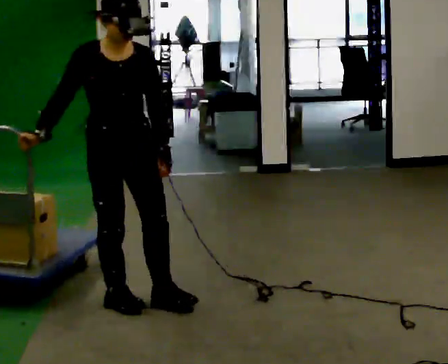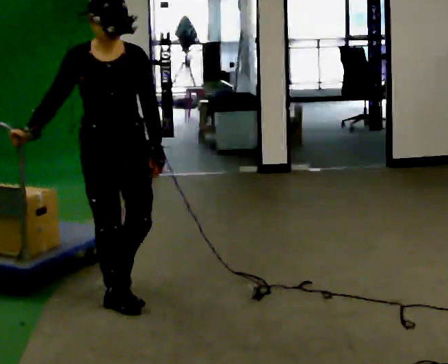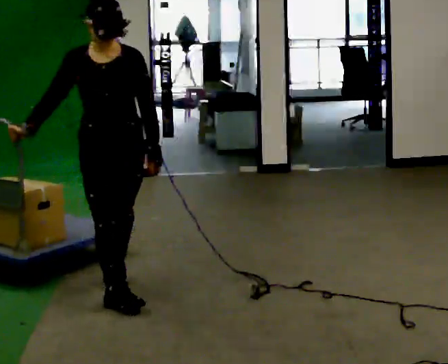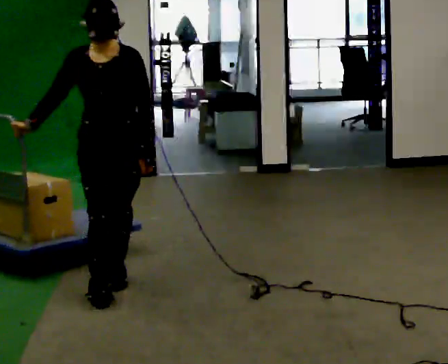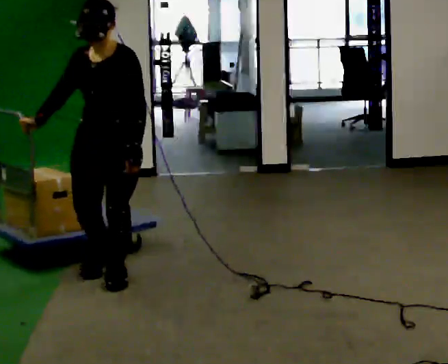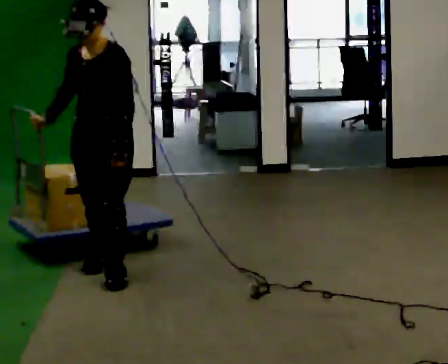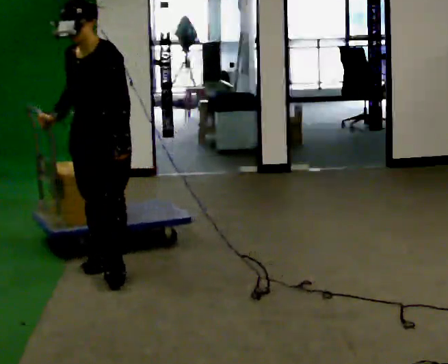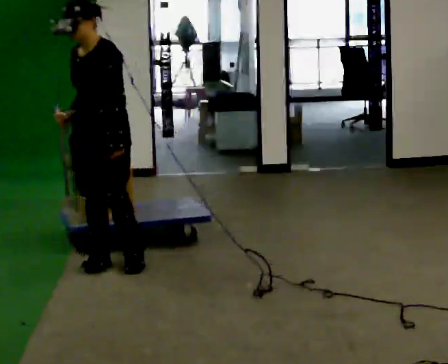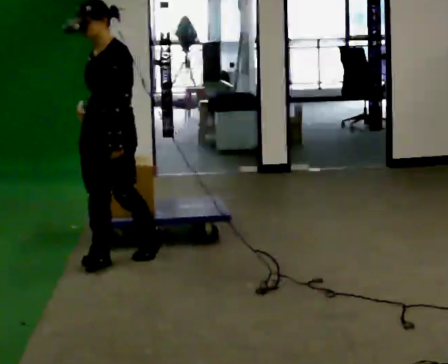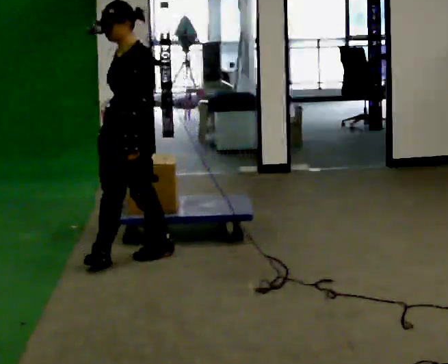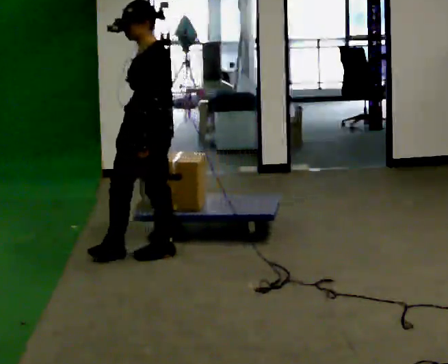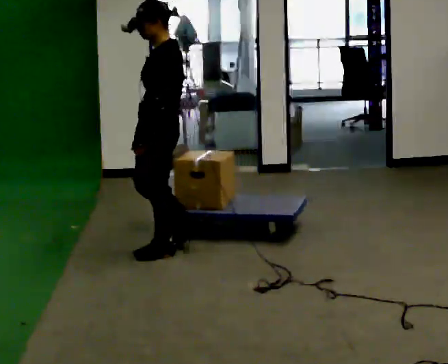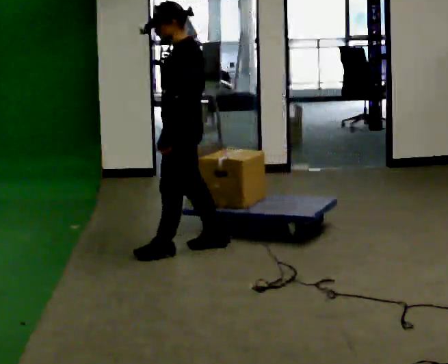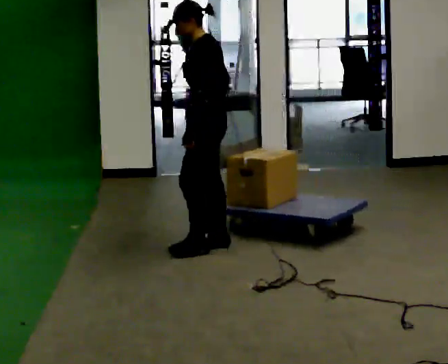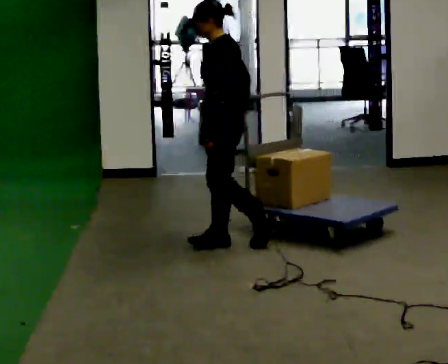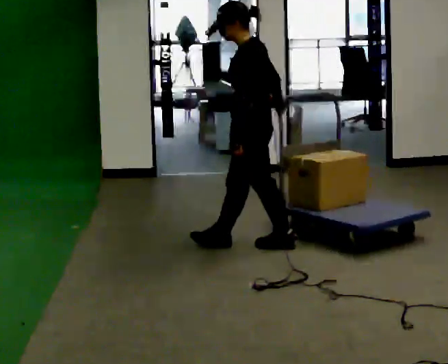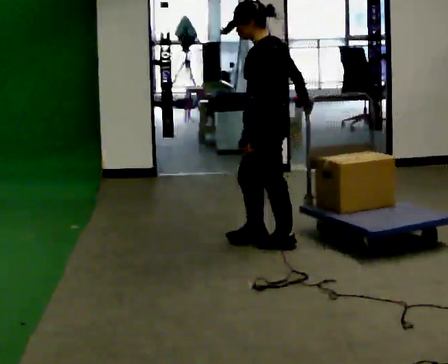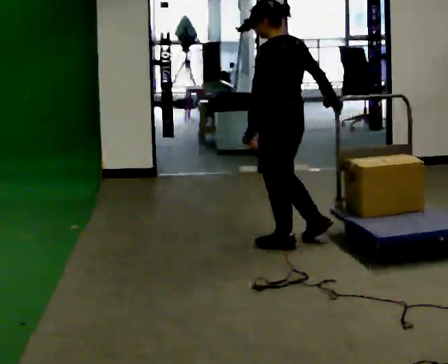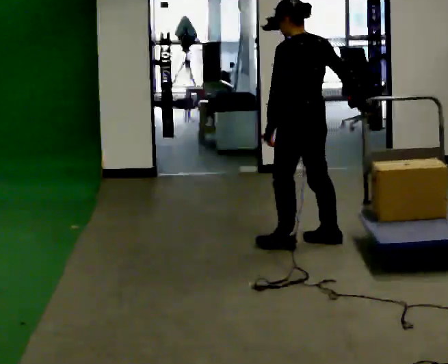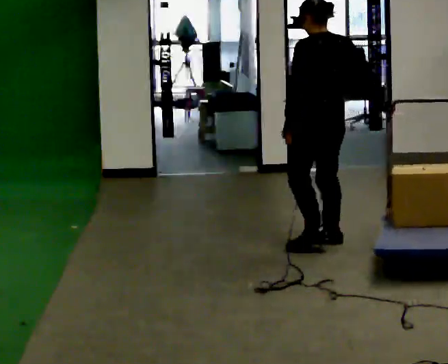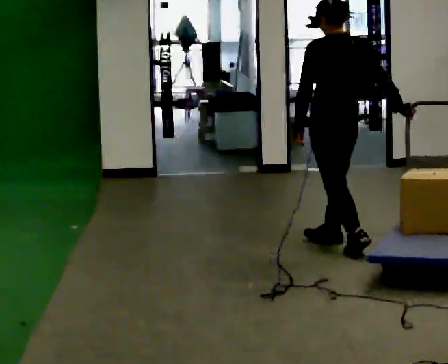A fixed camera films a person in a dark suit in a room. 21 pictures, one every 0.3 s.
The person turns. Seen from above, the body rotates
clockwise.
The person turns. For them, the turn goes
to their right.
0.0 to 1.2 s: The part of the body nearest the lens slides to the left as the person turns to their right by about 45 degrees. In the picture they go away from the camera, about 0.25 m in 1 step, which for them is backward.
1.2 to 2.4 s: The part of the body nearest the lens slides to the left as the person turns to their right by about 30 degrees. In the picture they go away from the camera, about 0.25 m in 1 step, which for them is backward and to their right.
2.4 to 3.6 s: Seen from above the body turns clockwise, about 45 degrees: to their right, with its near side sliding to the left. In the picture they go to the right and away from the camera, about 0.5 m in 1 step, which for them is backward.
3.6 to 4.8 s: In the picture they go to the right, about 0.5 m in 2 steps, which for them is backward.
4.8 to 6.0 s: The part of the body nearest the lens slides to the left as the person turns to their right by about 45 degrees. In the picture they go to the right, about 0.25 m in 1 step, which for them is backward and to their right.
The film runs backward here.
